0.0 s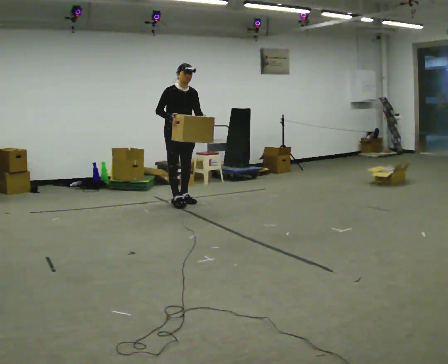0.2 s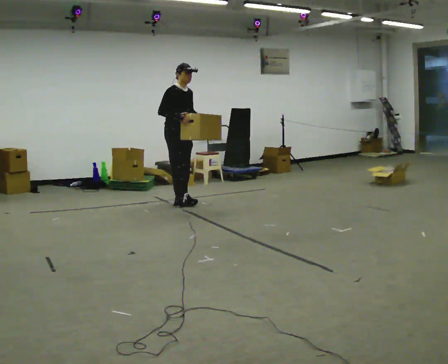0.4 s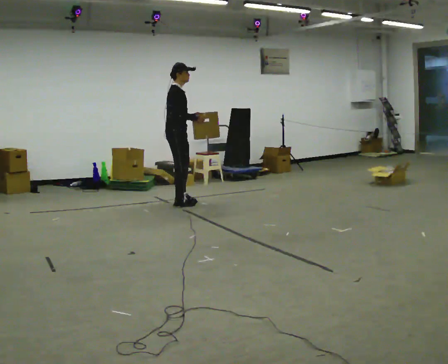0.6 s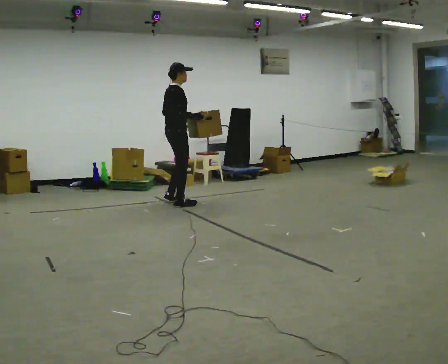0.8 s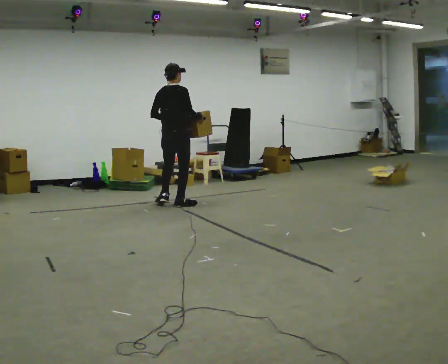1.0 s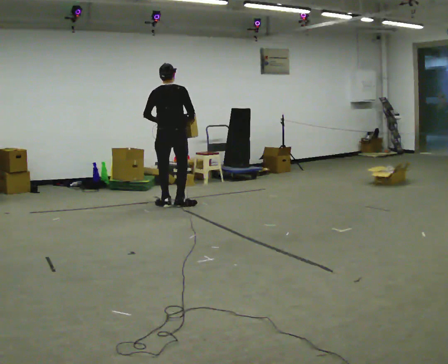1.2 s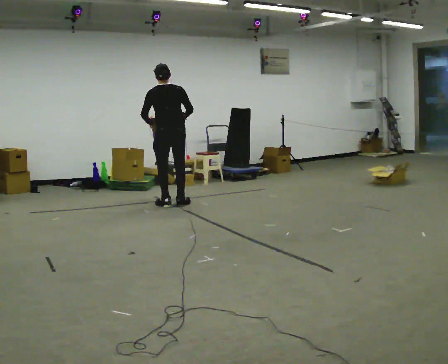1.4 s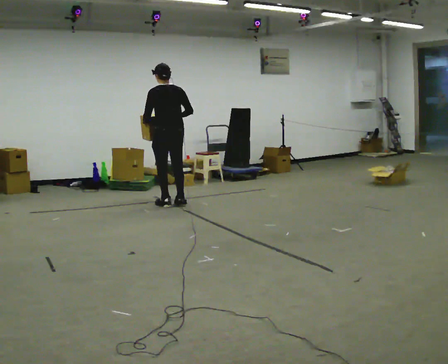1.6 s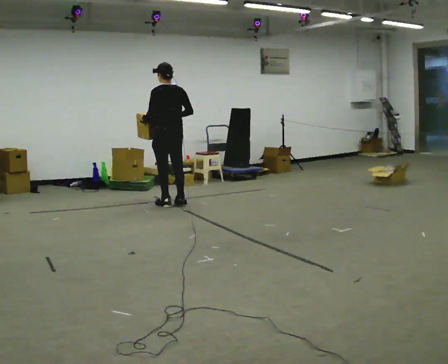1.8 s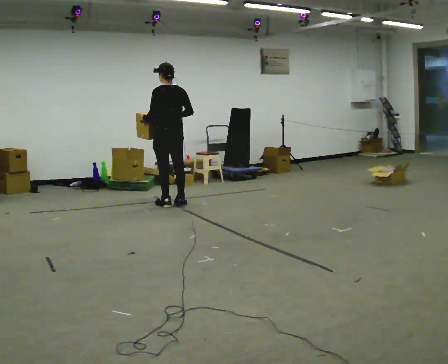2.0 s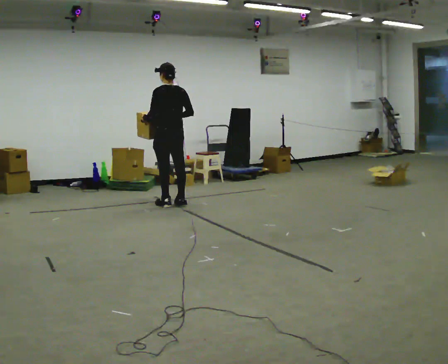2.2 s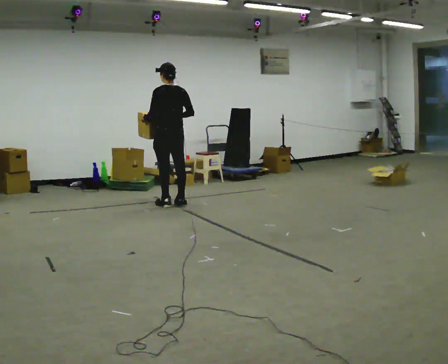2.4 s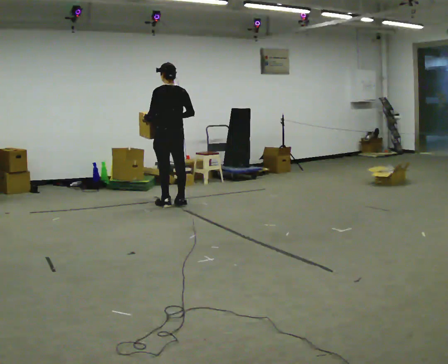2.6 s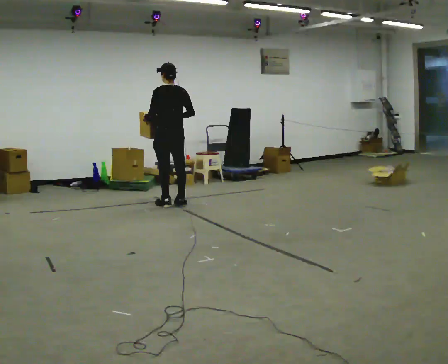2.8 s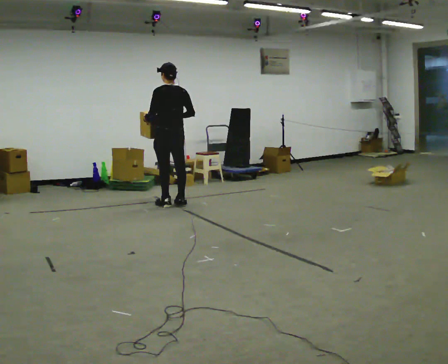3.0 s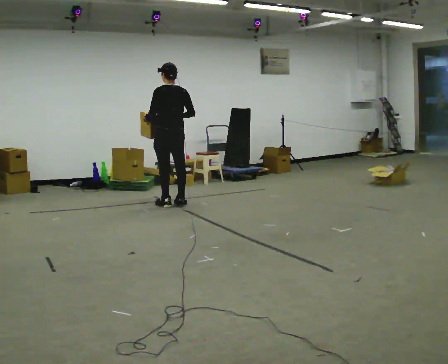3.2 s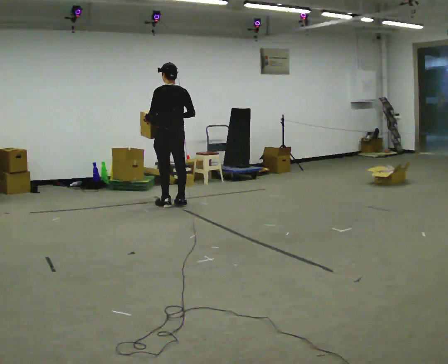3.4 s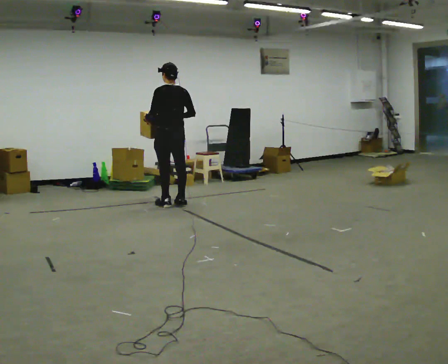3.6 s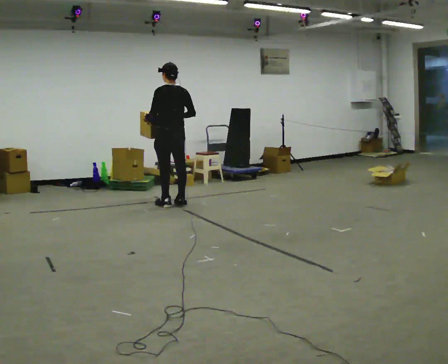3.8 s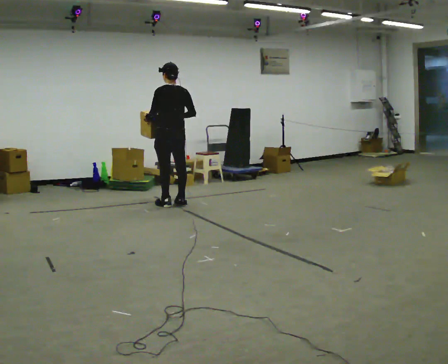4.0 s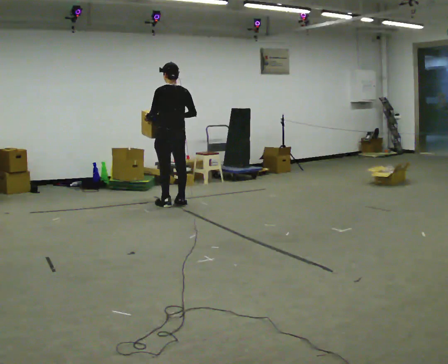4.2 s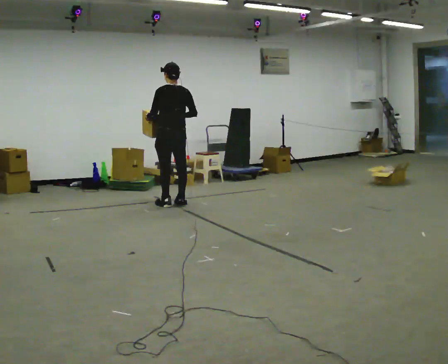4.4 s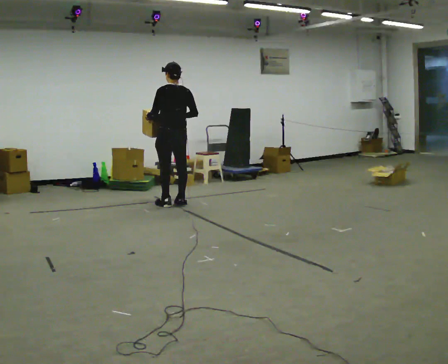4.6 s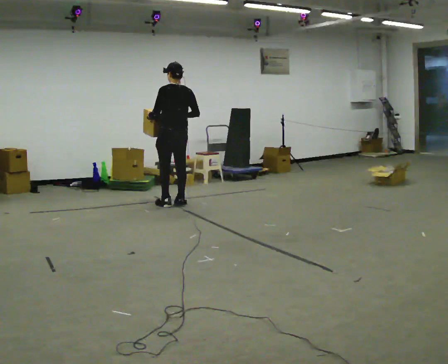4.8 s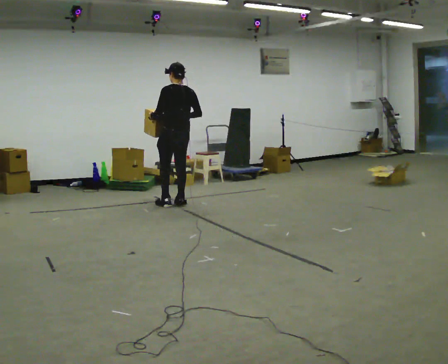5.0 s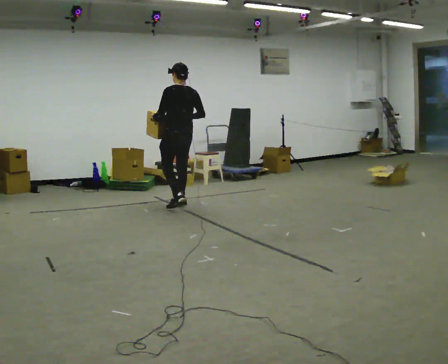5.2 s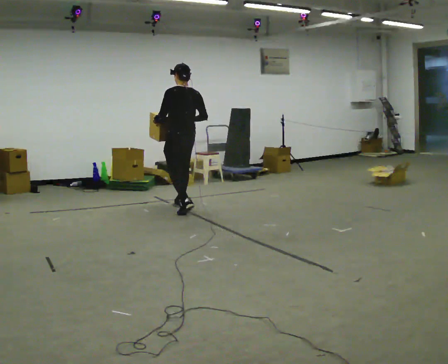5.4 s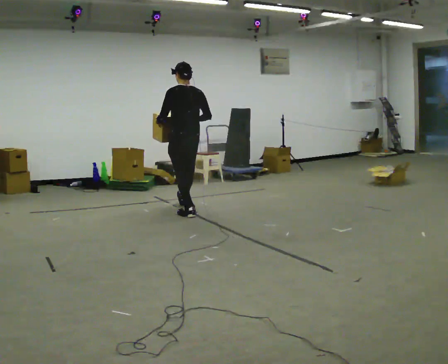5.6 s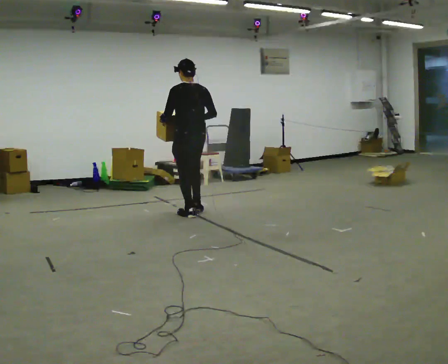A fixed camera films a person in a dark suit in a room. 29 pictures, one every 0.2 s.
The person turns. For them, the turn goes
to their left.
The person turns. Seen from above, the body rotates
counterclockwise.
0.0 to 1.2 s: The part of the body nearest the lens slides to the right as the person turns to their left by about 150 degrees. In the picture they go toward the camera, about 0.25 m in 1 step. In the picture their left hand goes to the left.
1.2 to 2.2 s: Seen from above the body turns counterclockwise, about 30 degrees: to their left, with its near side sliding to the right.
2.2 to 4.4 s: The person moves a little, or ends about where they began.
4.4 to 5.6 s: In the picture they go toward the camera, about 0.5 m in 2 steps, which for them is backward.
The film runs backward here.
